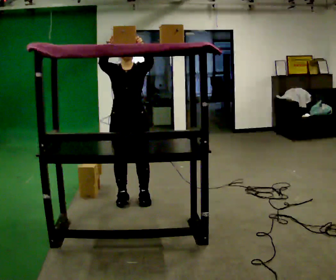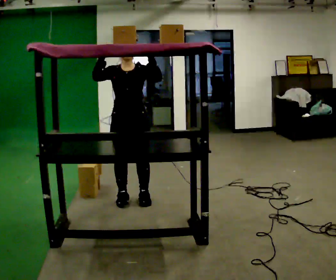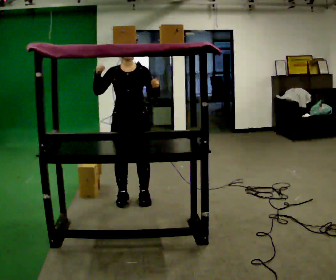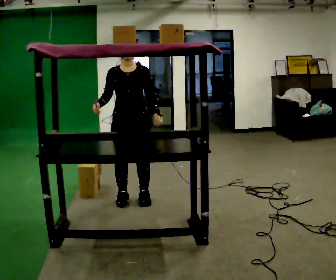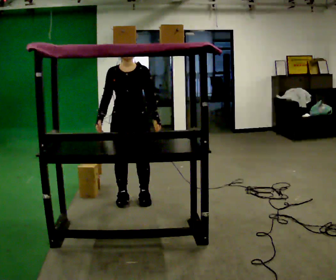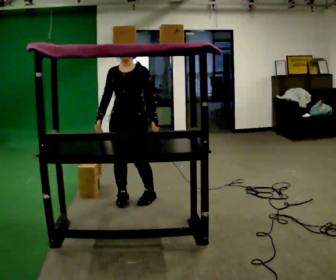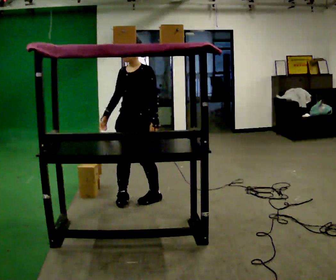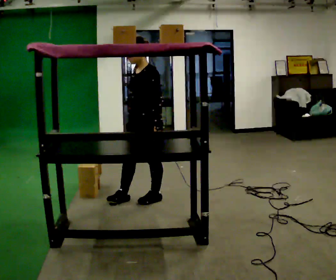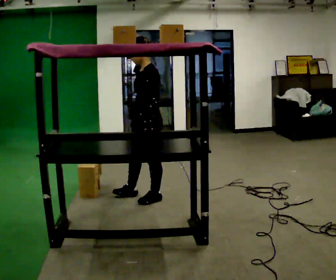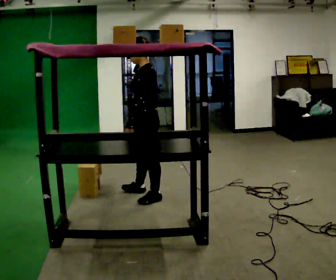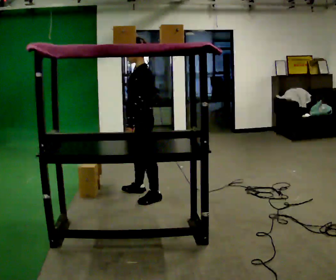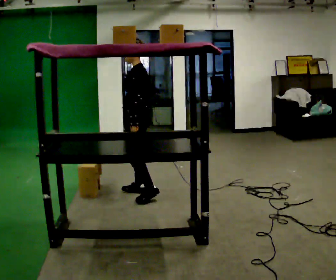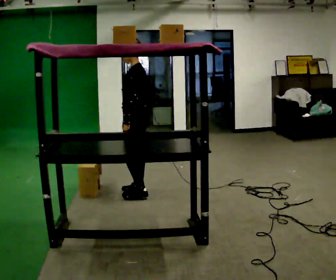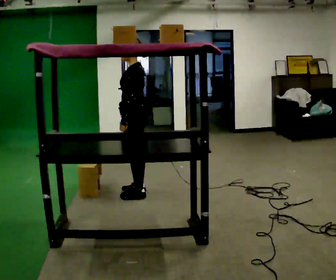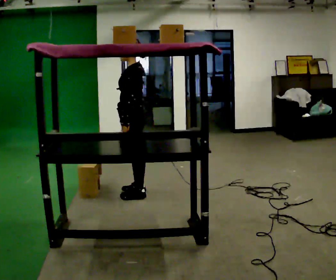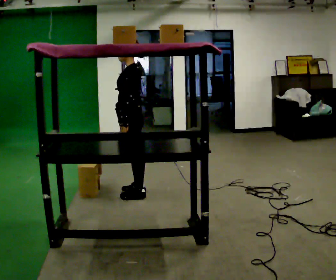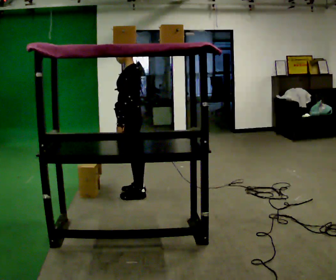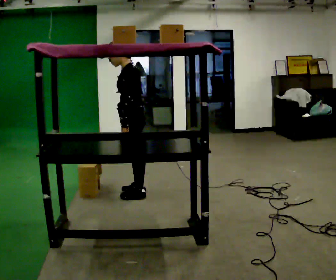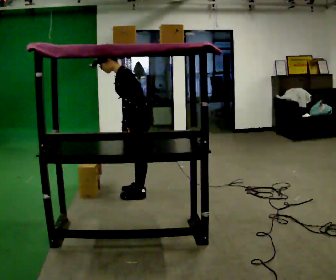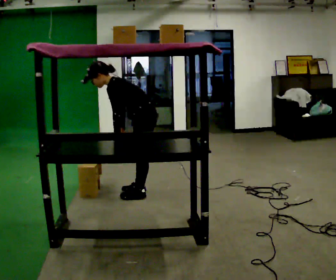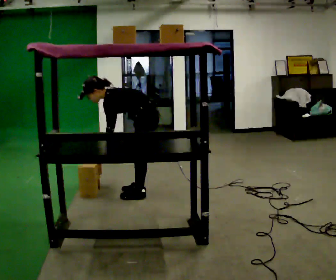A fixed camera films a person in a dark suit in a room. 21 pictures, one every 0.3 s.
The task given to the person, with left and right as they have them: Pick an object up off the floor at your feet and place it on the highest shelf you can comfortably reach. Repeat at your own pace until the operator says stop. Keep both feet on the marked spots for the whole take. If you have to step, stop and tell the operator.
0.0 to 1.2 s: In the picture their right hand goes downward.
1.2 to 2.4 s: Seen from above the body turns clockwise, about 75 degrees: to their right, with its near side sliding to the left. In the picture they go to the right, about 0.25 m. In the picture their right hand goes to the right.
2.4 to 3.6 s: In the picture they go away from the camera, about 0.25 m in 1 step, which for them is to their right.
3.6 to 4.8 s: The person moves a little, or ends about where they began.
4.8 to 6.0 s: In the picture they go to the right, about 0.25 m, which for them is backward. The upper body goes downward. In the picture the upper body tilts counterclockwise, shoulders to the left, as they bend forward.
The film runs forward here.
